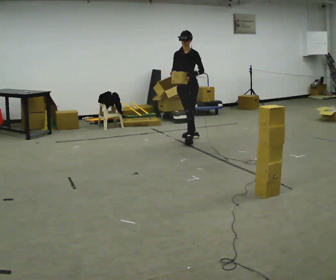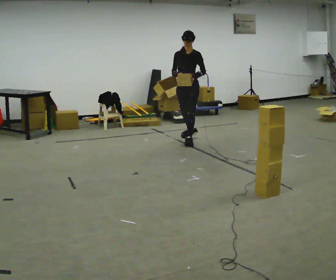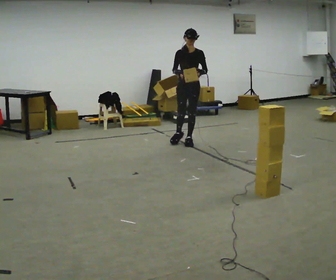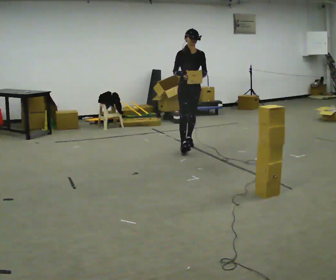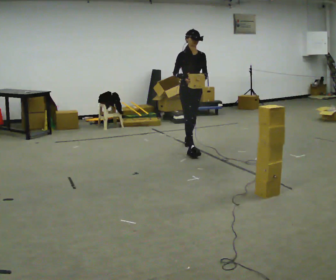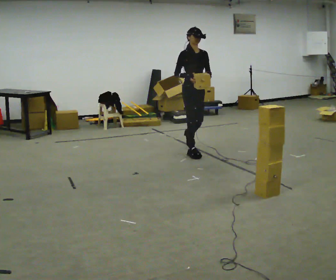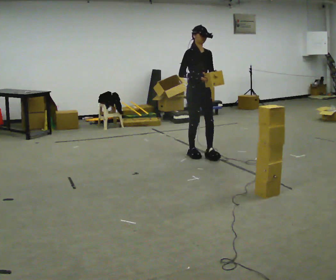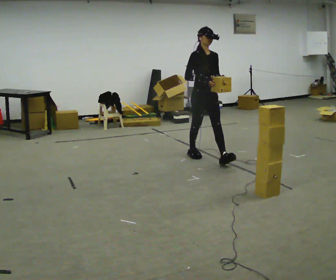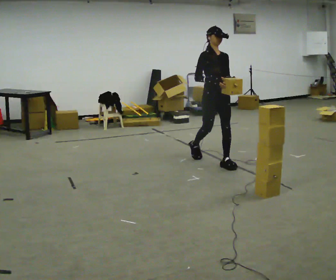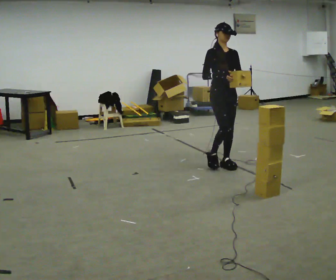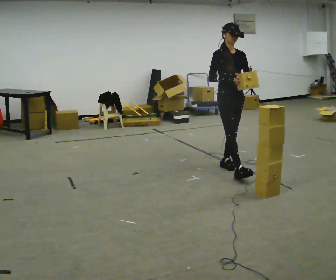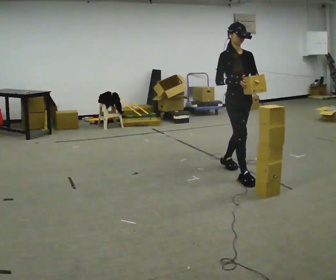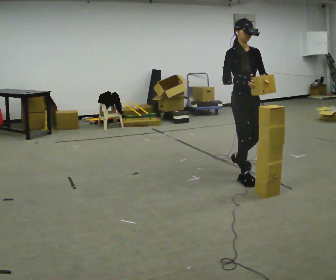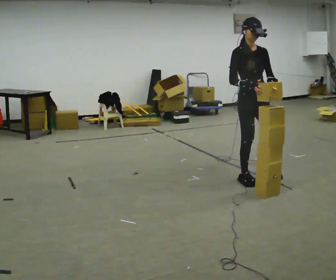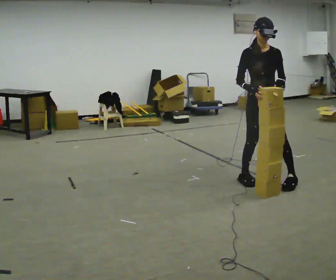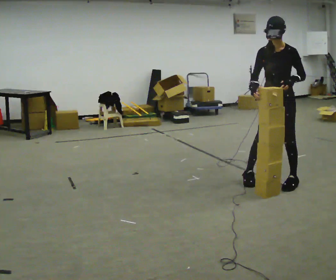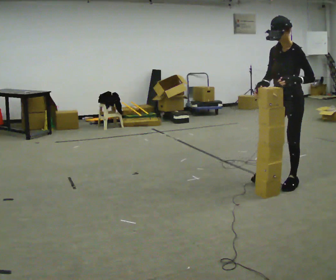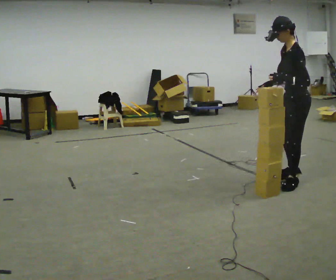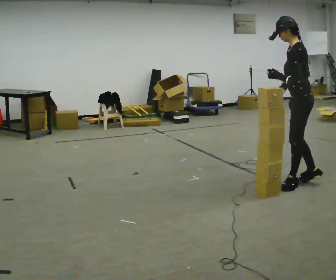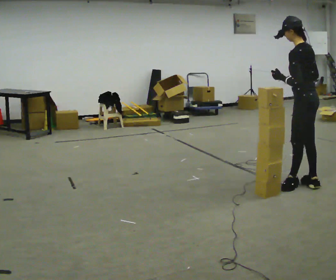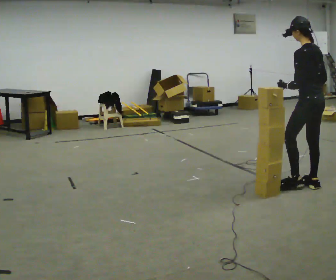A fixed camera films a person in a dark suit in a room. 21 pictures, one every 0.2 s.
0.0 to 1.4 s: The part of the body nearest the lens slides to the right as the person turns to their left by about 60 degrees. In the picture they go toward the camera, about 1 m in 1 step.
1.4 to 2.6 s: In the picture they go toward the camera and to the right, about 1 m in 2 steps, which for them is forward.
2.6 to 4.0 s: The part of the body nearest the lens slides to the left as the person turns to their right by about 165 degrees. In the picture they go to the right and toward the camera, about 0.5 m in 2 steps.
The film runs forward here.
